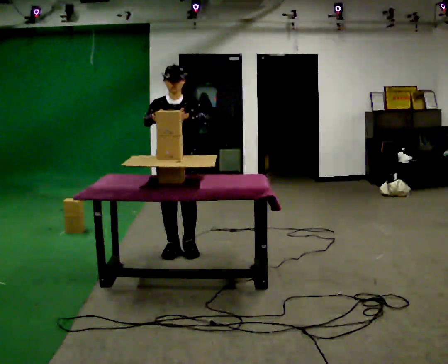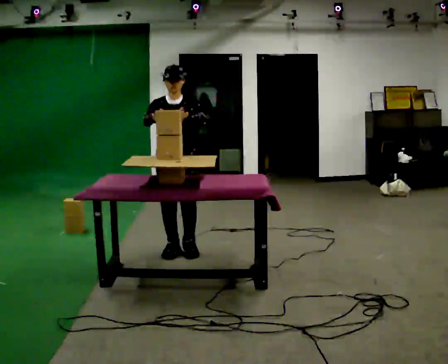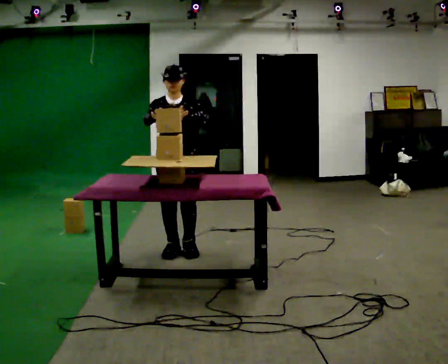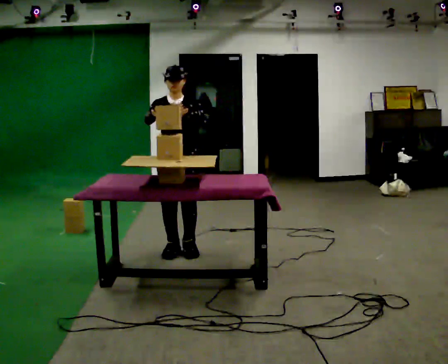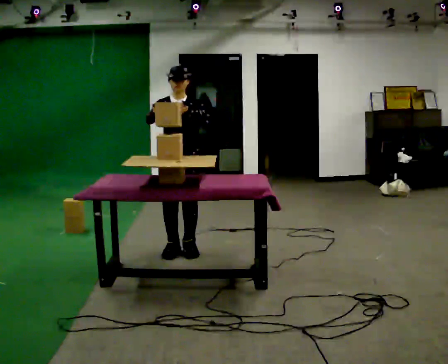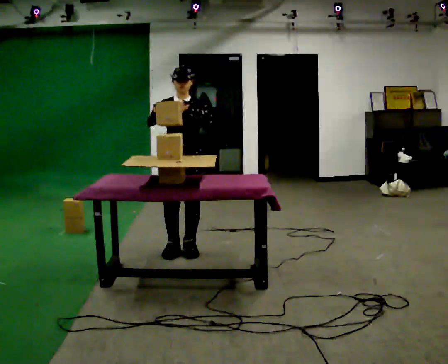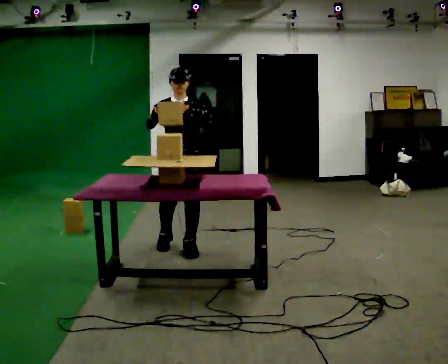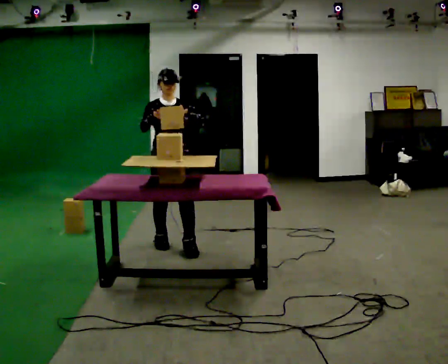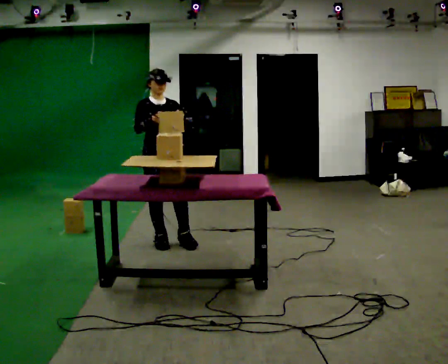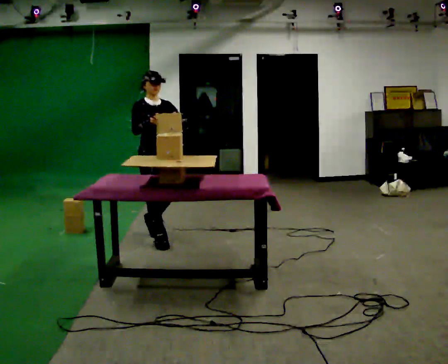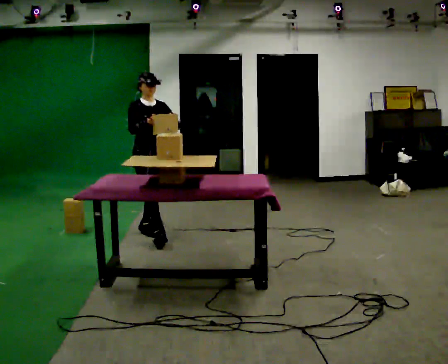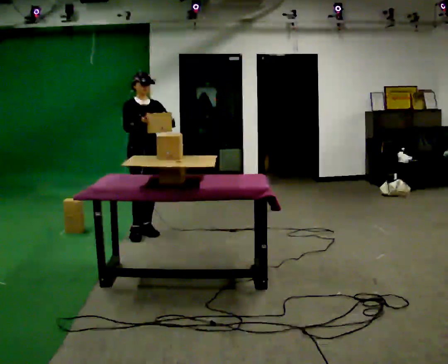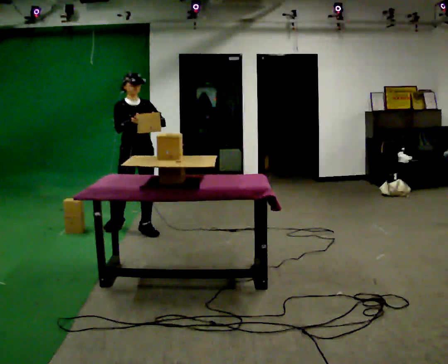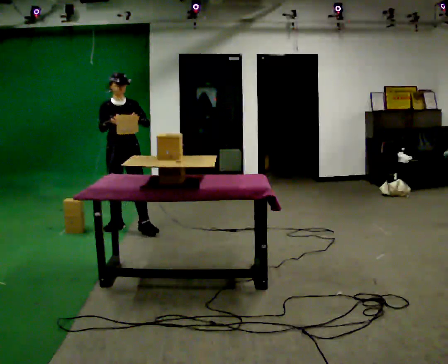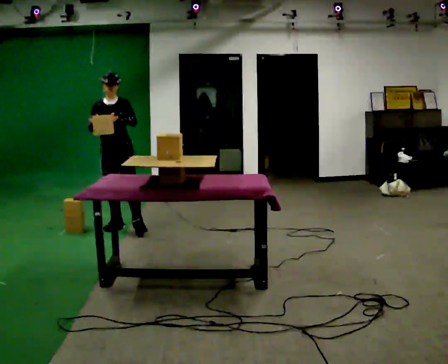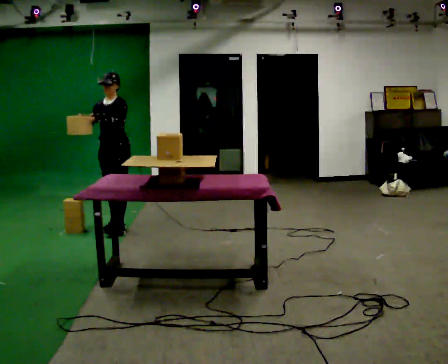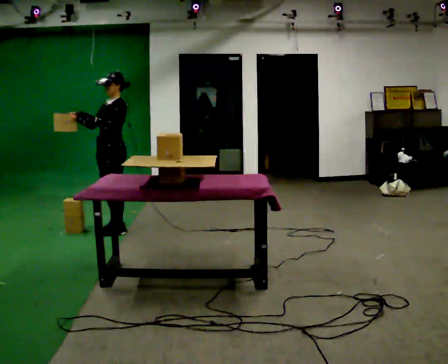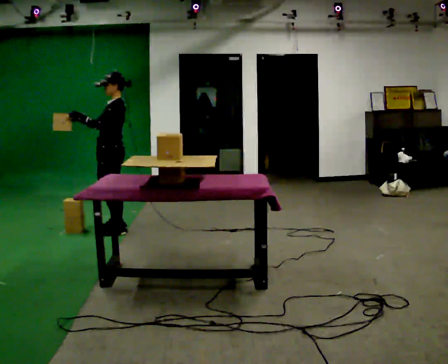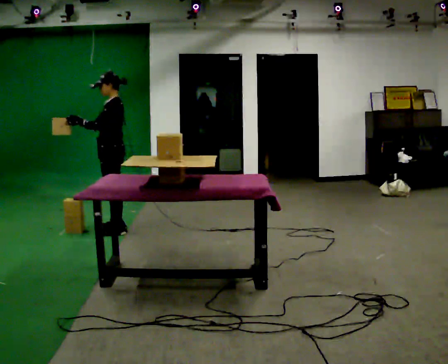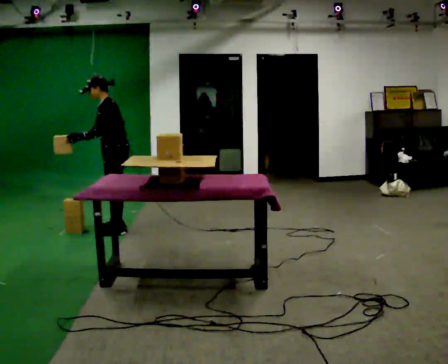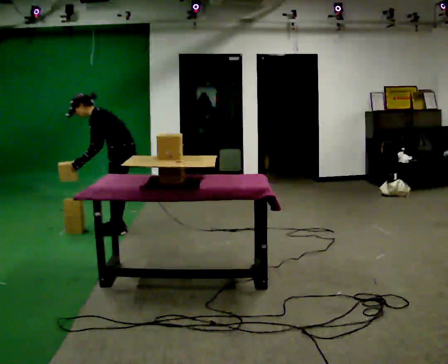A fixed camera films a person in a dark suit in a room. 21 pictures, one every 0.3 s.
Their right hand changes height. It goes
downward.
The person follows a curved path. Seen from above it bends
counterclockwise.
0.0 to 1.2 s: The person moves a little, or ends about where they began.
1.2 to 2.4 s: The person turns about 30 degrees to their left, counterclockwise seen from above, so the part of the body nearest the lens slides to the right. In the picture they go away from the camera, about 0.25 m in 2 steps, which for them is backward and to their right.
2.4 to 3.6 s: In the picture they go away from the camera and to the left, about 0.5 m in 1 step, which for them is backward.
3.6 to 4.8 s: Seen from above the body turns clockwise, about 75 degrees: to their right, with its near side sliding to the left. In the picture they go to the left, about 0.25 m in 1 step. In the picture their left hand goes to the left.
4.8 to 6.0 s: The person turns about 30 degrees to their right, clockwise seen from above, so the part of the body nearest the lens slides to the left. In the picture the upper body tilts counterclockwise, shoulders to the left, as they bend forward. In the picture their right hand goes downward, the arm swinging counterclockwise.
The film runs backward here.
